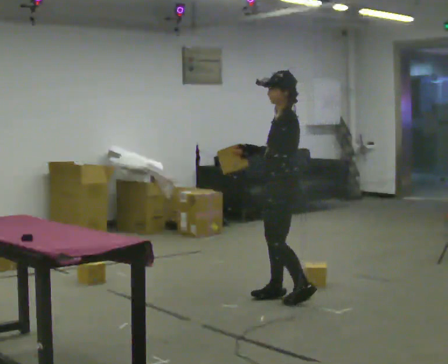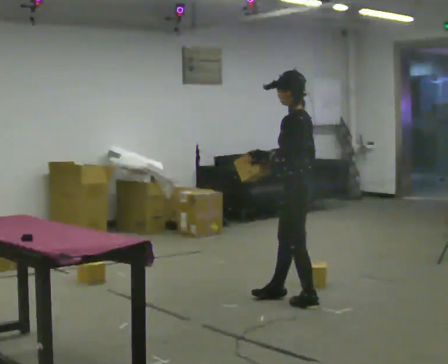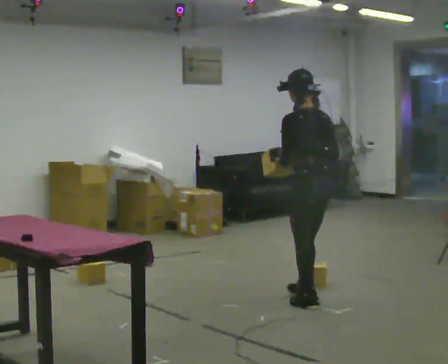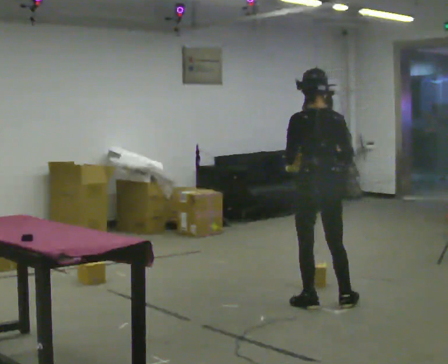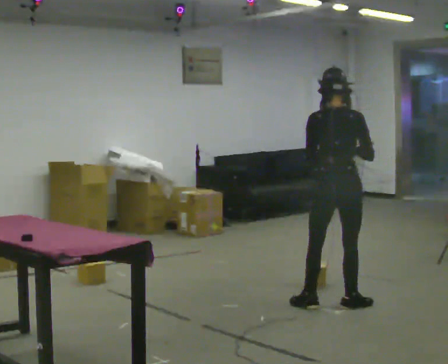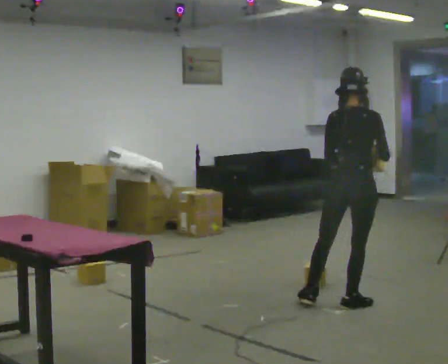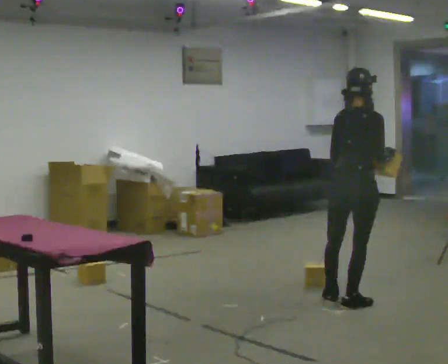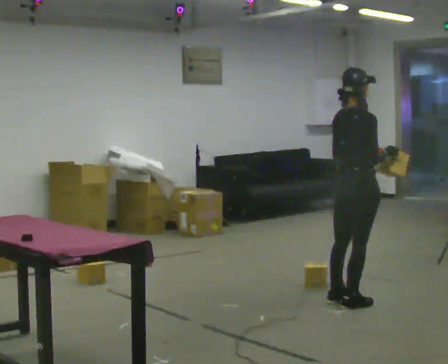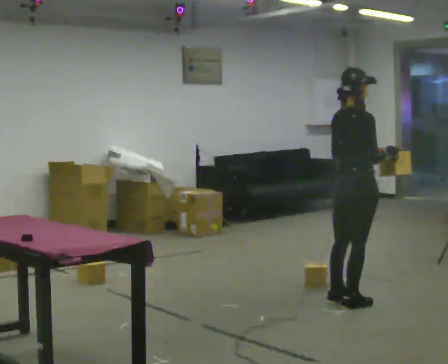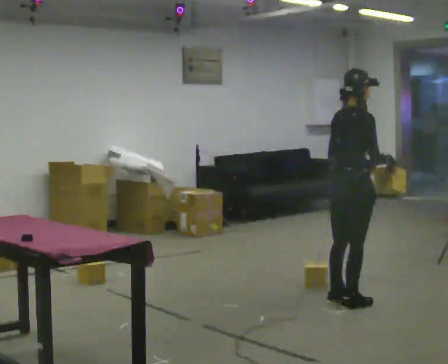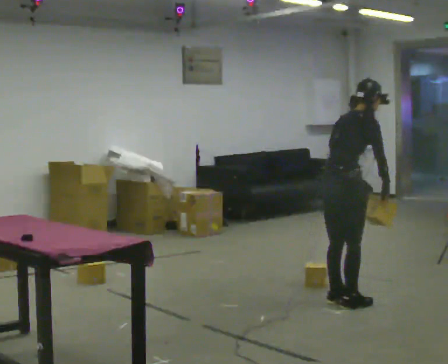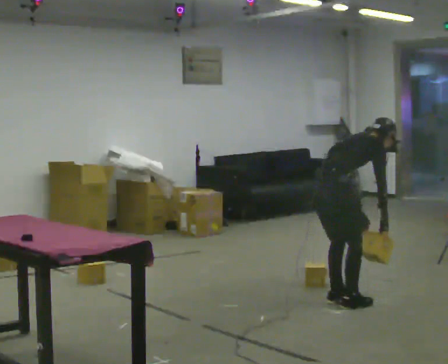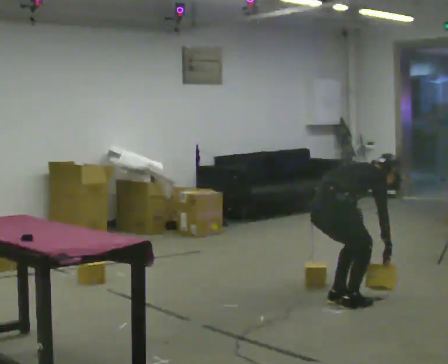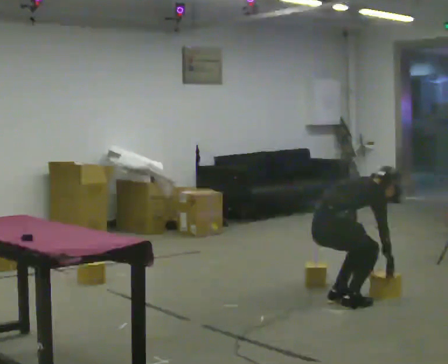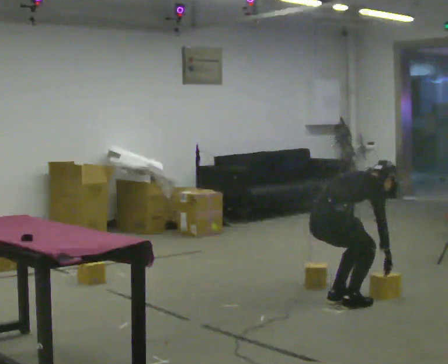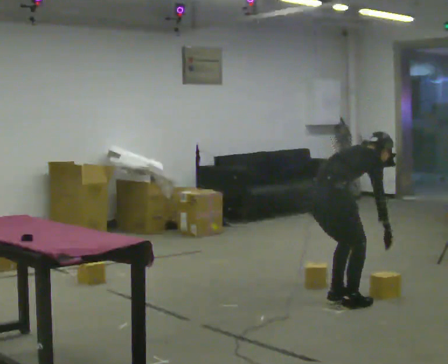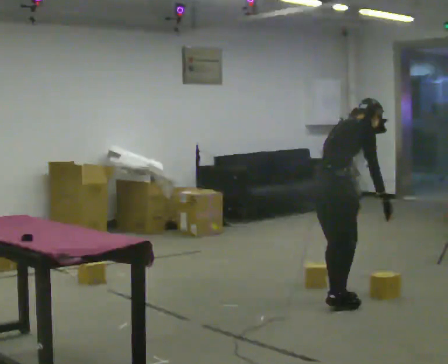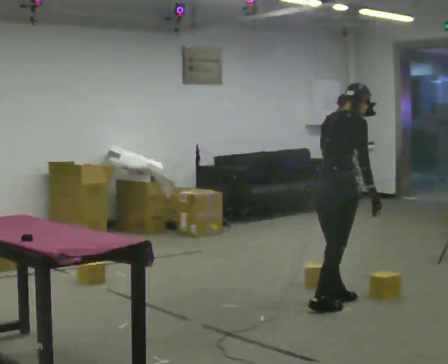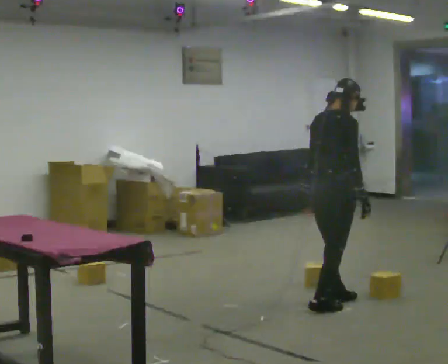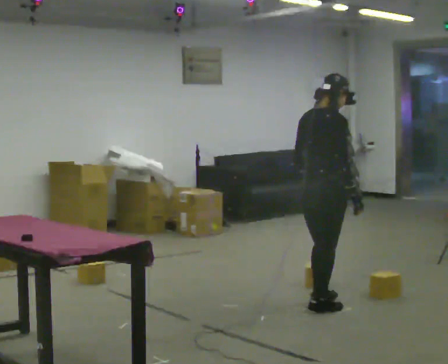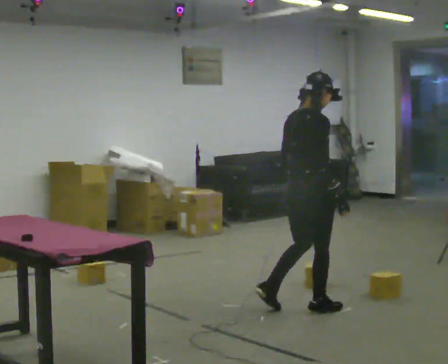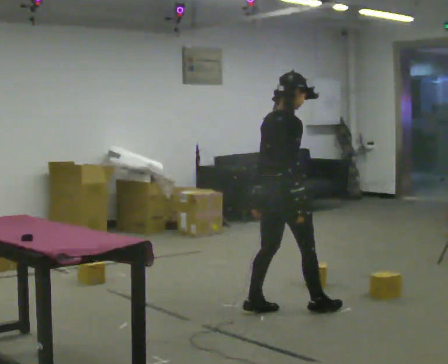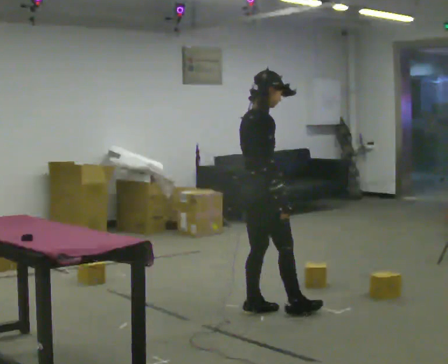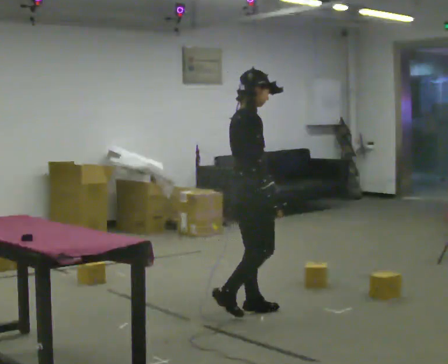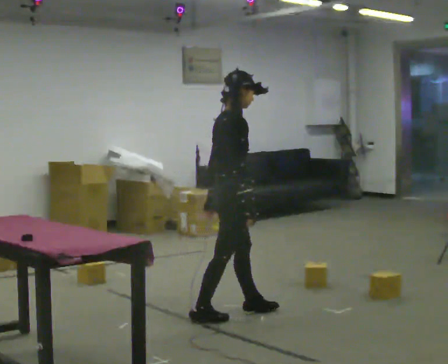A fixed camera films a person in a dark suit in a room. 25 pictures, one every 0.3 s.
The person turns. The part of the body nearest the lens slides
to the left.
The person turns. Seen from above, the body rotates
clockwise.
0.0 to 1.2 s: The person turns about 105 degrees to their right, clockwise seen from above, so the part of the body nearest the lens slides to the left. In the picture they go to the right and toward the camera, about 0.5 m in 1 step.
1.2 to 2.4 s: The person turns about 45 degrees to their right, clockwise seen from above, so the part of the body nearest the lens slides to the left. In the picture their left hand goes to the right.
2.4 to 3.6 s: In the picture they go to the left, about 0.25 m, which for them is backward. The shoulders move downward. In the picture the upper body tilts clockwise, shoulders to the right, as they bend forward. In the picture their left hand goes downward.
3.6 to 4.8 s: In the picture the upper body tilts counterclockwise, shoulders to the left, as they lean back or straighten. In the picture their left hand goes upward.
4.8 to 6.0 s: In the picture they go to the left and toward the camera, about 0.25 m in 1 step, which for them is backward. In the picture the upper body tilts counterclockwise, shoulders to the left, as they lean back or straighten.
6.0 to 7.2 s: In the picture they go to the left, about 0.5 m in 1 step, which for them is backward.
The film runs backward here.
